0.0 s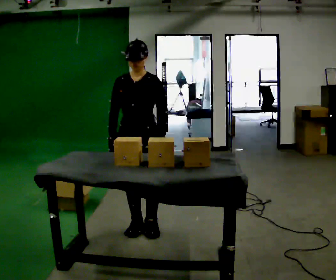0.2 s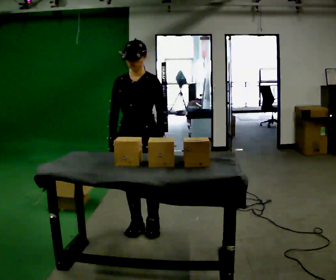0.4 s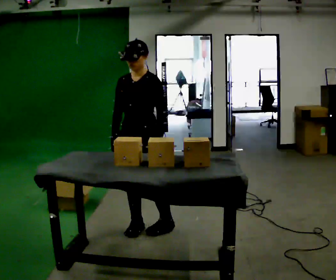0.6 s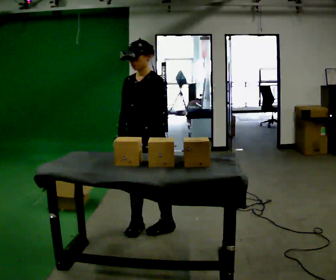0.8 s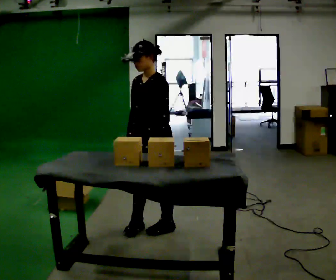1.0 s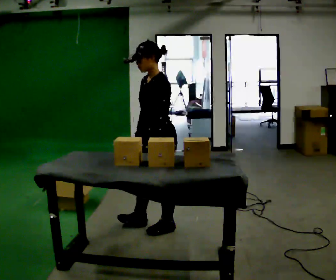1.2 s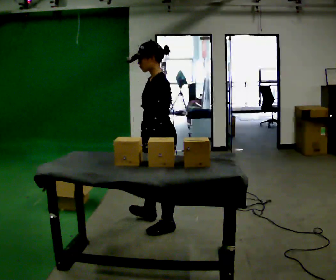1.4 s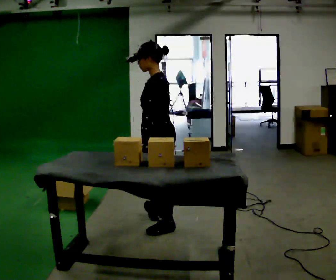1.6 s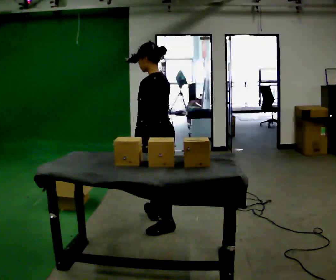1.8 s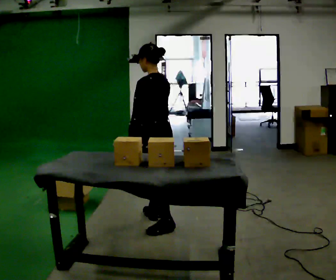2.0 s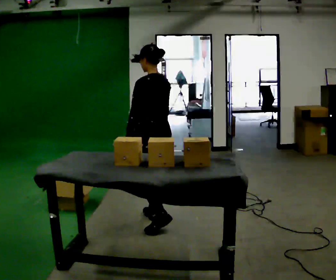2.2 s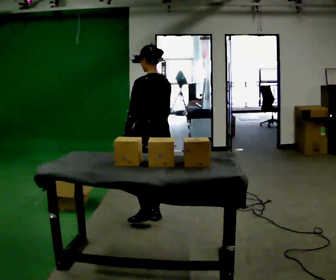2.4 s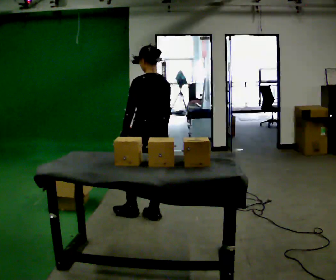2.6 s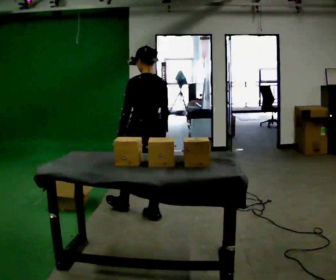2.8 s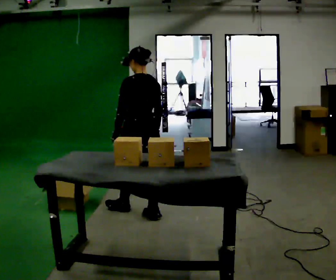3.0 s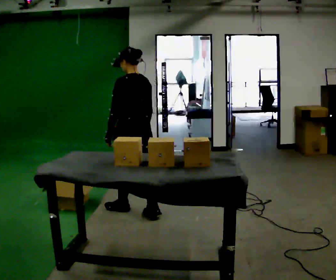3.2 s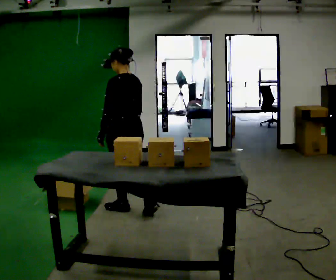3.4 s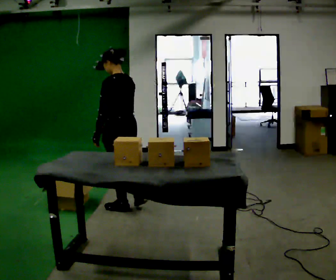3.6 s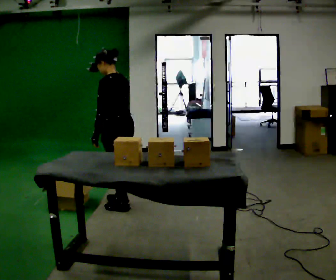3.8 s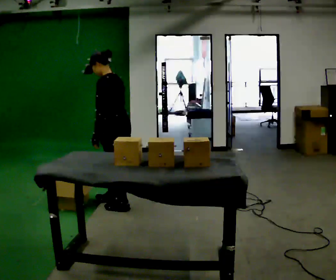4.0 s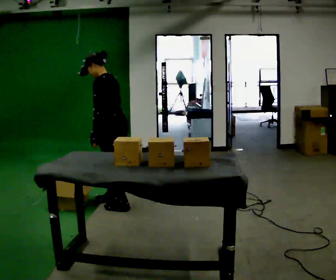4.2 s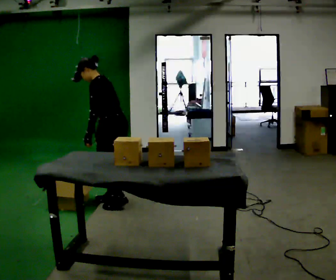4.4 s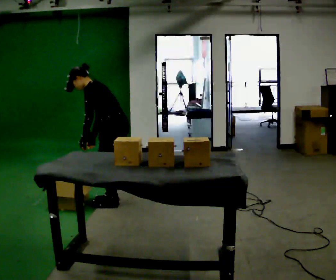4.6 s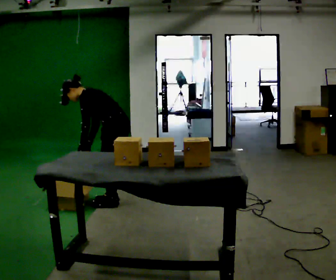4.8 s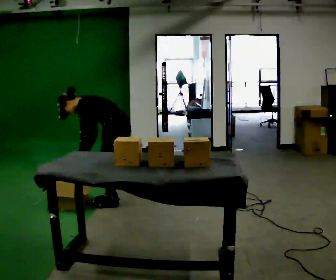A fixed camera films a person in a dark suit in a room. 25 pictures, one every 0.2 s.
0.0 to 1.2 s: The person turns about 75 degrees to their right, clockwise seen from above, so the part of the body nearest the lens slides to the left. In the picture they go to the right, about 0.25 m in 2 steps.
1.2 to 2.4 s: The person turns about 60 degrees to their right, clockwise seen from above, so the part of the body nearest the lens slides to the left. In the picture they go away from the camera, about 0.25 m, which for them is forward and to their right.
2.4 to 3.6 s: The part of the body nearest the lens slides to the right as the person turns to their left by about 30 degrees. In the picture they go to the left and away from the camera, about 0.25 m in 1 step, which for them is forward.
3.6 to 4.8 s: The person turns about 30 degrees to their left, counterclockwise seen from above, so the part of the body nearest the lens slides to the right. In the picture they go away from the camera, about 0.25 m in 2 steps, which for them is to their right. The shoulders move downward. In the picture the upper body tilts counterclockwise, shoulders to the left, as they bend forward. In the picture their right hand goes to the left.
The film runs forward here.
